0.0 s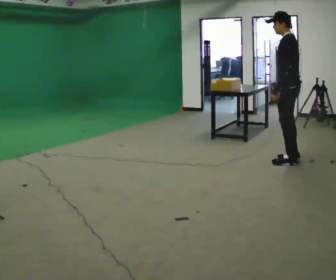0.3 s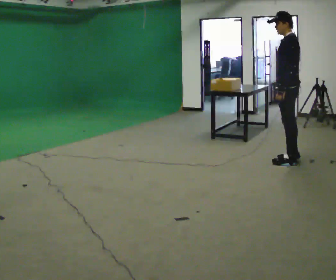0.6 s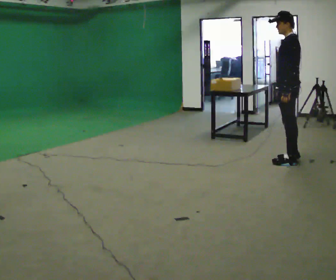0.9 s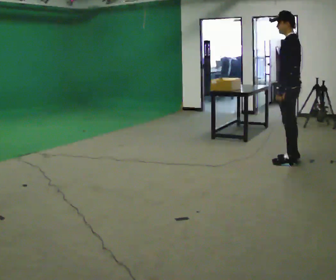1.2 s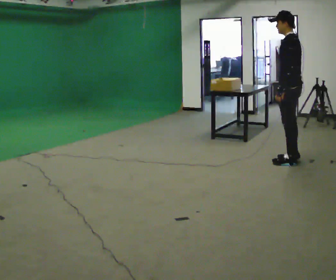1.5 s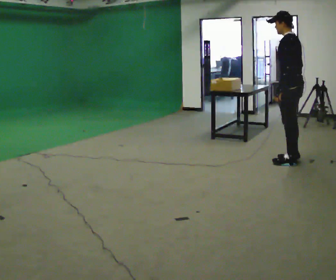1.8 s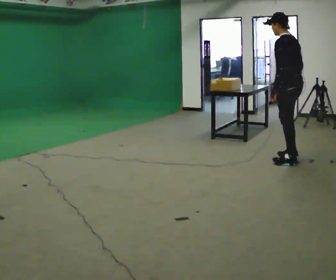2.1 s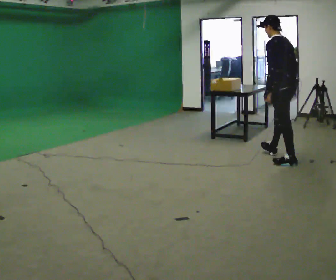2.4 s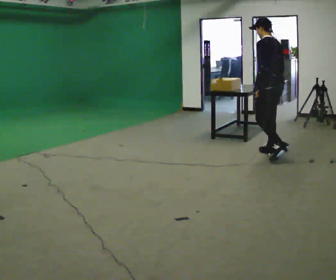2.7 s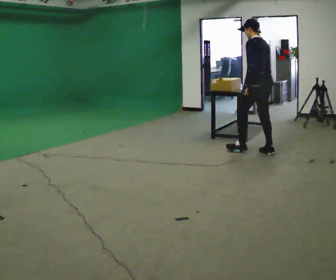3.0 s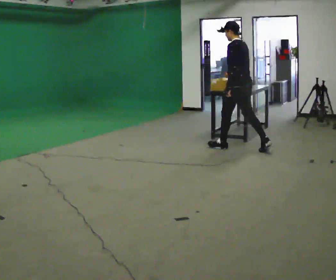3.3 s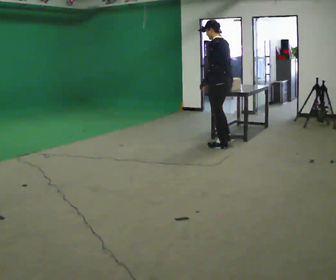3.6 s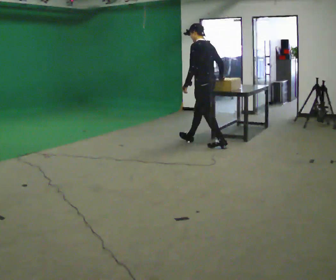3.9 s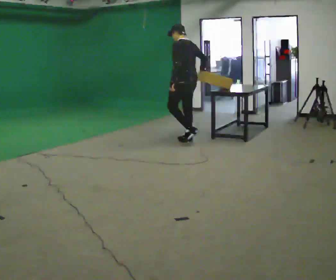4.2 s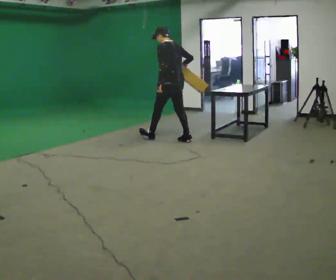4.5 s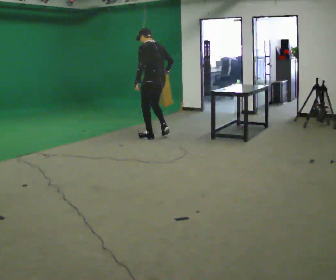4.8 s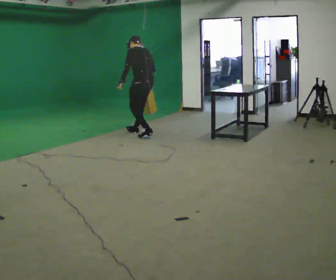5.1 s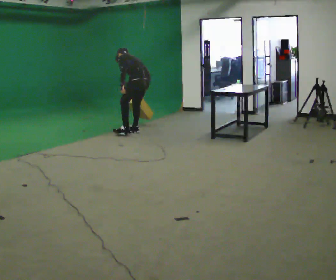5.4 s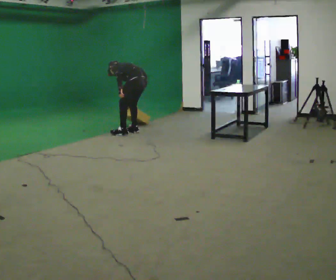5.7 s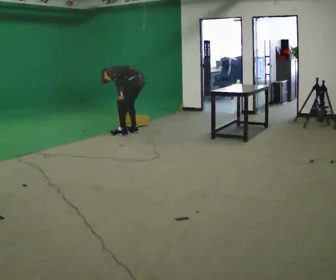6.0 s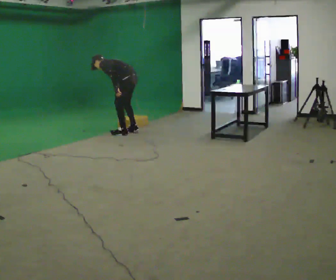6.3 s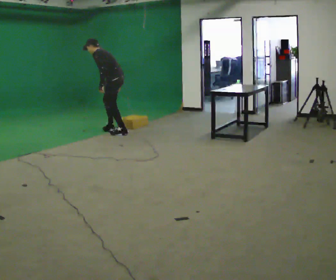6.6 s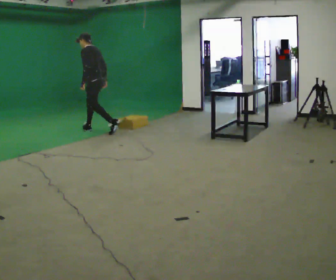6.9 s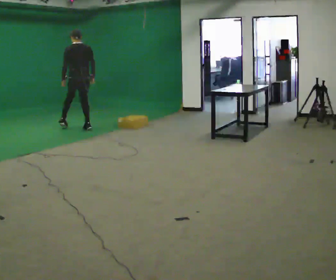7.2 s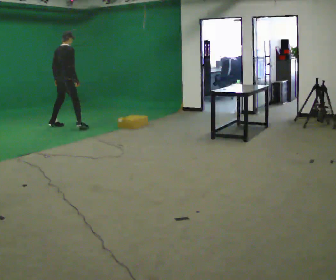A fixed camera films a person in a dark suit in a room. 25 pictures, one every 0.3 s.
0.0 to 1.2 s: The person moves a little, or ends about where they began.
1.2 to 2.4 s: In the picture they go away from the camera and to the left, about 0.25 m in 1 step, which for them is forward and to their right.
2.4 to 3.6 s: In the picture they go to the left and away from the camera, about 1 m in 1 step, which for them is forward.
3.6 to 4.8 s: In the picture they go to the left and away from the camera, about 1 m in 3 steps, which for them is forward. The upper body tips away from the camera, its near side rolling upward, as they bend forward.
4.8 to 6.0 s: The person turns about 30 degrees to their left, counterclockwise seen from above, so the part of the body nearest the lens slides to the right. In the picture they go to the left, about 0.25 m in 1 step, which for them is forward.
6.0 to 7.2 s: Seen from above the body turns clockwise, about 105 degrees: to their right, with its near side sliding to the left. In the picture they go to the left, about 1.5 m in 2 steps. The shoulders move upward. In the picture the upper body tilts clockwise, shoulders to the right, as they lean back or straighten.
The film runs forward here.
